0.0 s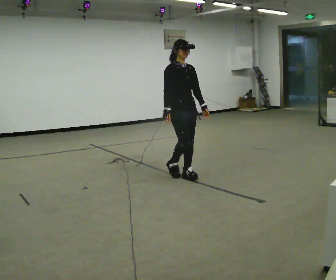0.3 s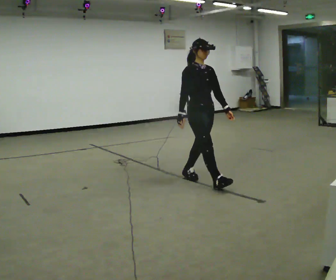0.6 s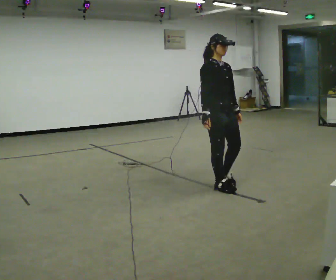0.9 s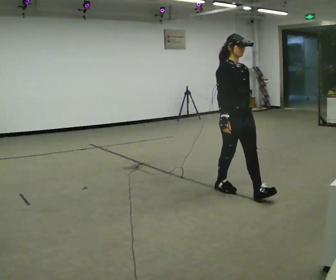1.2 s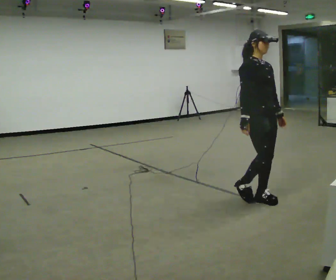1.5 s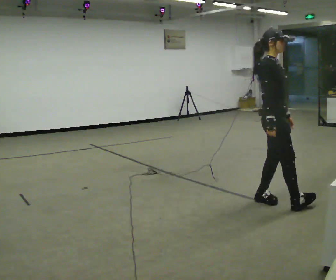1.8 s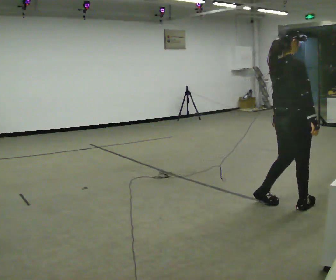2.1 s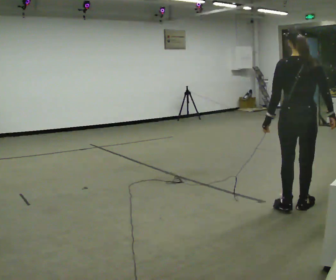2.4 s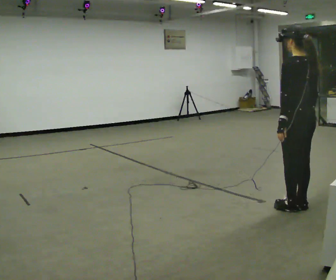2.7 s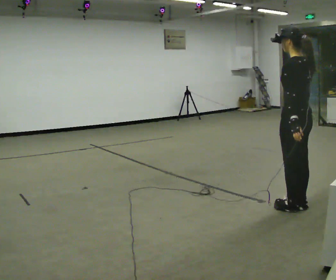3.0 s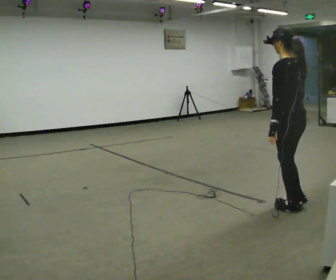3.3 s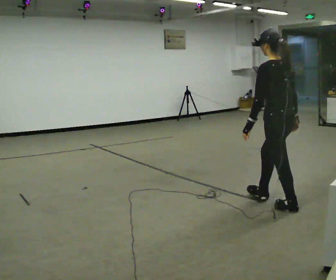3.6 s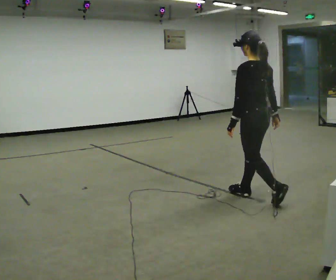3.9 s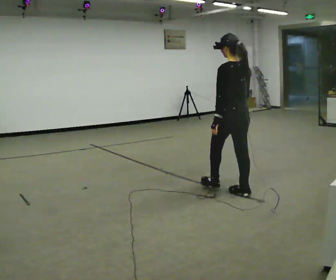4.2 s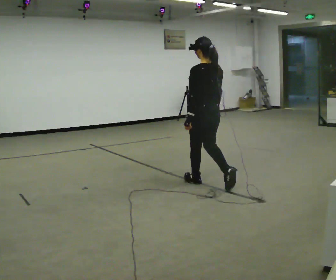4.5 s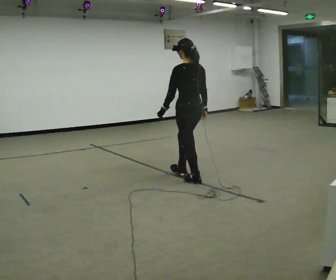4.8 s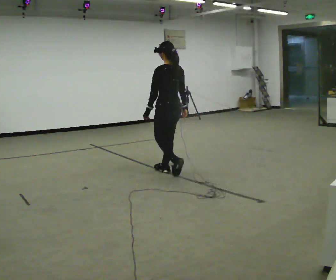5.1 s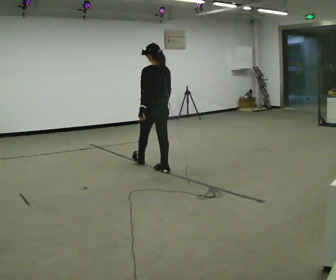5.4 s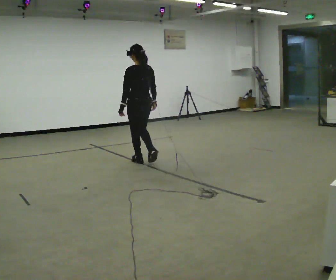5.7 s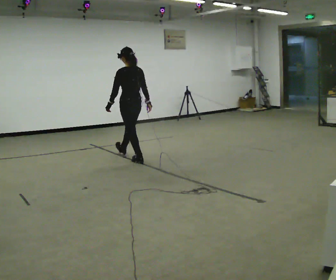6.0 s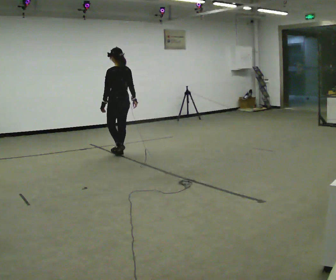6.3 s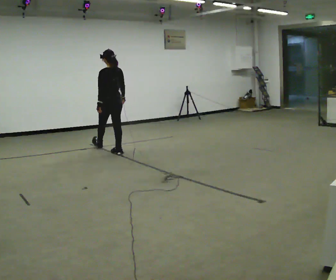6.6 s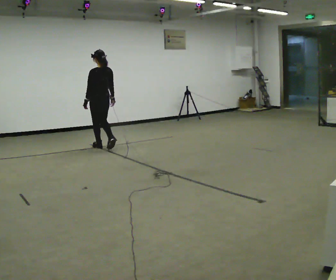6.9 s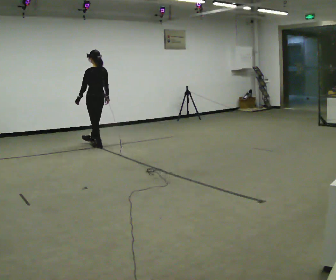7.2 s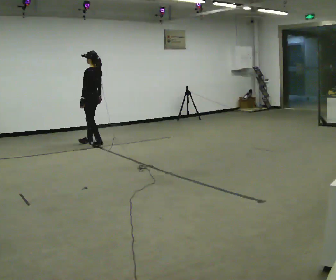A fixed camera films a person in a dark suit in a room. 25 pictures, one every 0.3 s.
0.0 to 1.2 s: In the picture they go to the right and toward the camera, about 1 m in 2 steps, which for them is forward.
1.2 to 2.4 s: The part of the body nearest the lens slides to the right as the person turns to their left by about 165 degrees. In the picture they go to the right and toward the camera, about 0.5 m in 2 steps.
2.4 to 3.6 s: In the picture they go to the left and away from the camera, about 0.5 m in 1 step, which for them is forward.
3.6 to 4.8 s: In the picture they go to the left and away from the camera, about 1.5 m in 2 steps, which for them is forward.
4.8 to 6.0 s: In the picture they go away from the camera and to the left, about 1.5 m in 2 steps, which for them is forward.
6.0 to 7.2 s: The person turns about 30 degrees to their left, counterclockwise seen from above, so the part of the body nearest the lens slides to the right. In the picture they go to the left and away from the camera, about 1 m in 2 steps, which for them is forward.
The film runs forward here.
